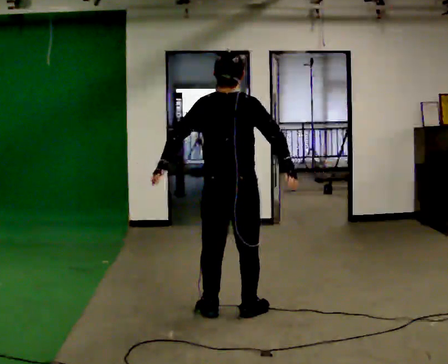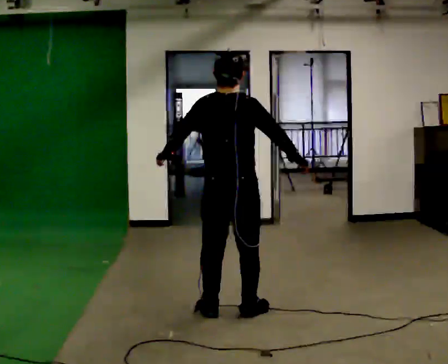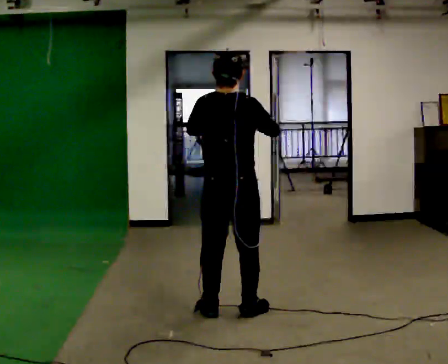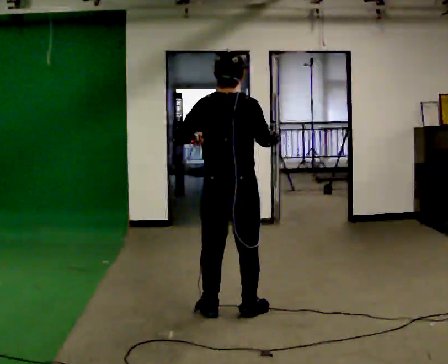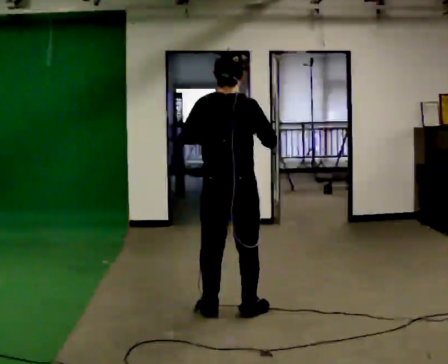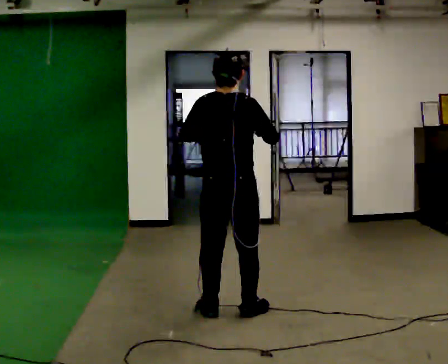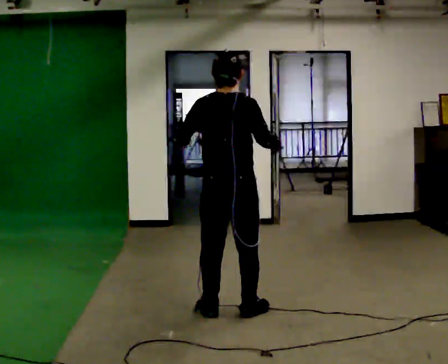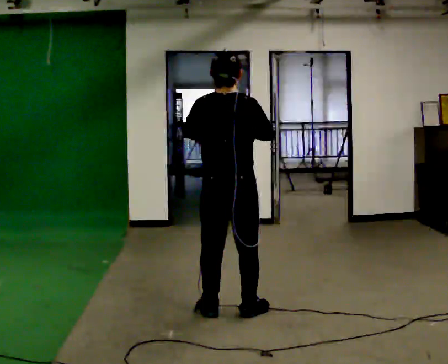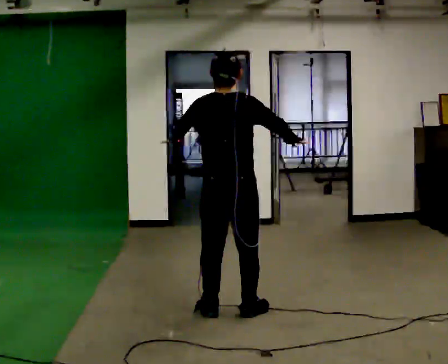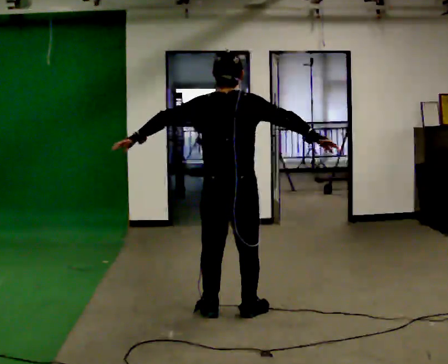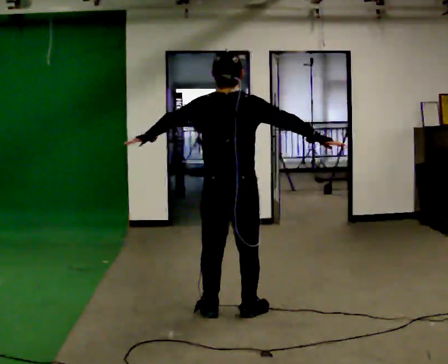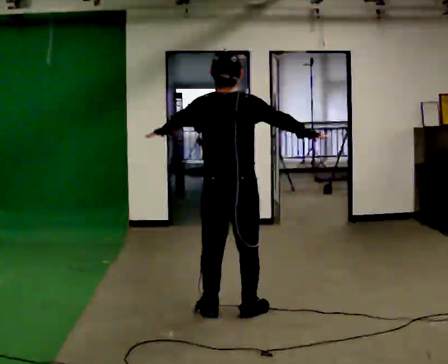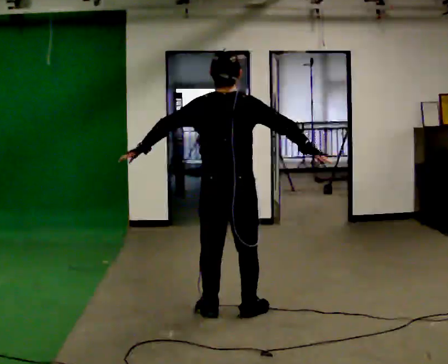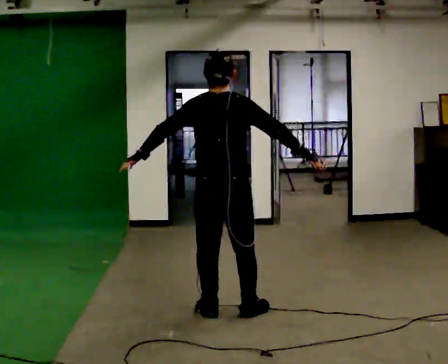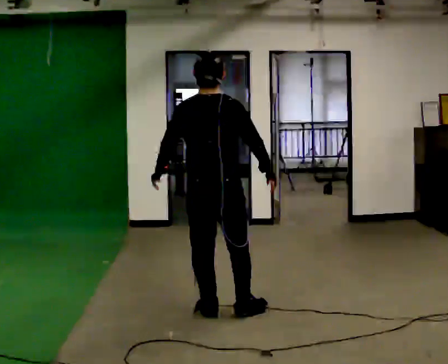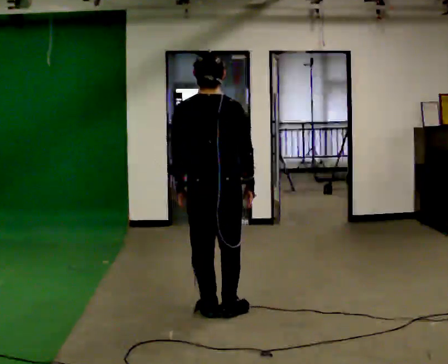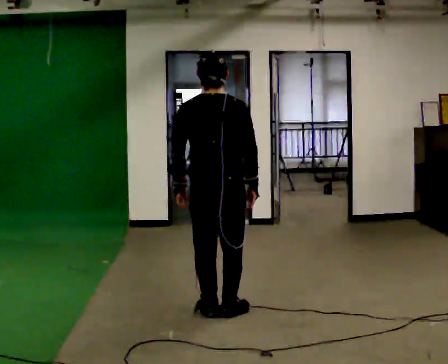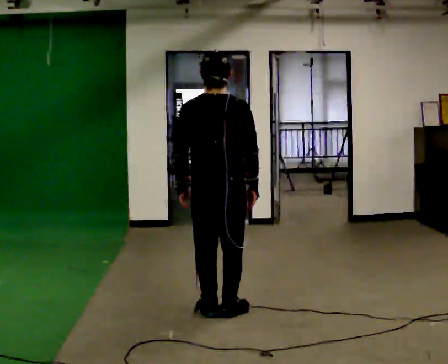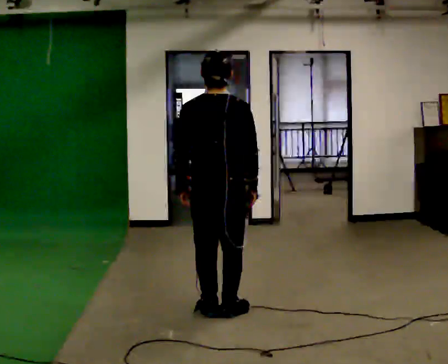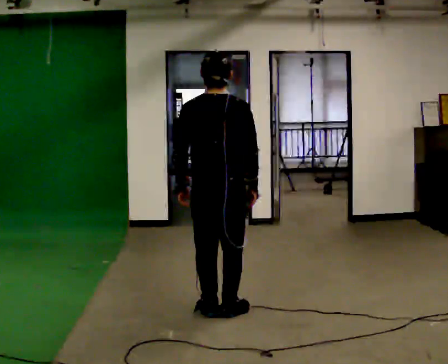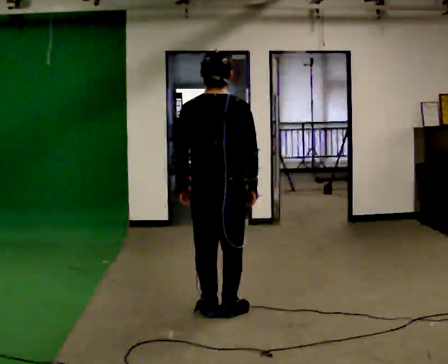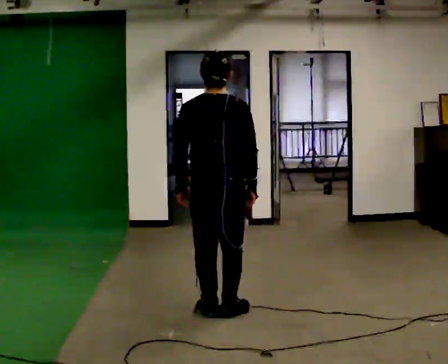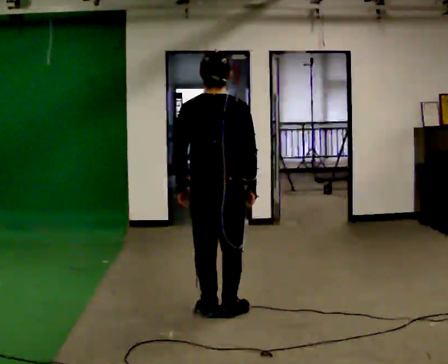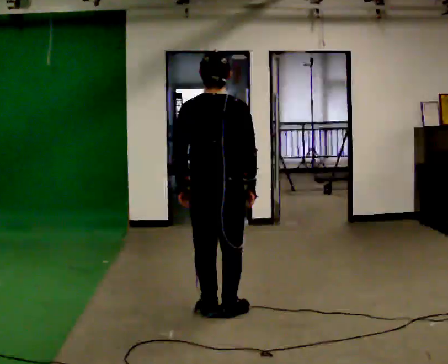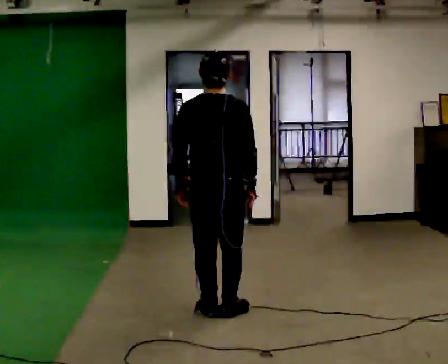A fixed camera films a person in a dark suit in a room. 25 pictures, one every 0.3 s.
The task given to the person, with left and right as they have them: Dance freely at a fast tempo as if to upbeat music; keep moving continuously.
0.0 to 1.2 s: The person moves a little, or ends about where they began.
1.2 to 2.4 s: In the picture their left hand goes to the left.
2.4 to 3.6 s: The person moves a little, or ends about where they began.
3.6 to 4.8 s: In the picture their right hand goes to the left.
4.8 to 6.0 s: The person moves a little, or ends about where they began.
6.0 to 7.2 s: The person keeps their place and pose.
The film runs forward here.
